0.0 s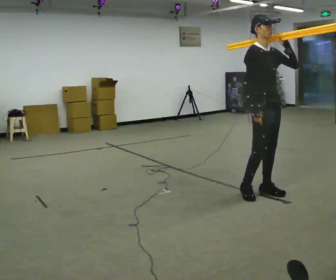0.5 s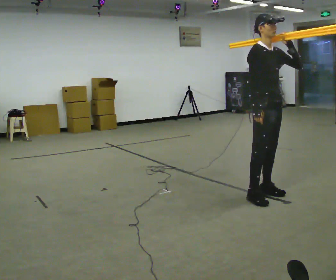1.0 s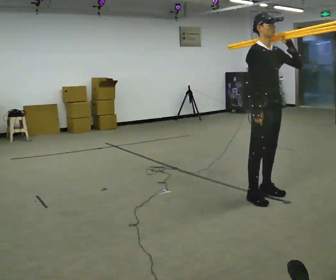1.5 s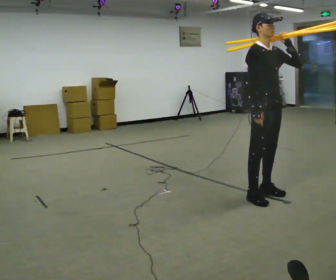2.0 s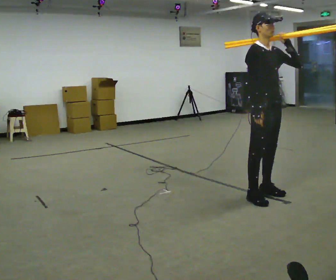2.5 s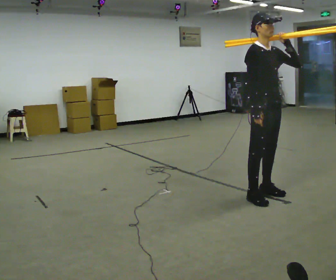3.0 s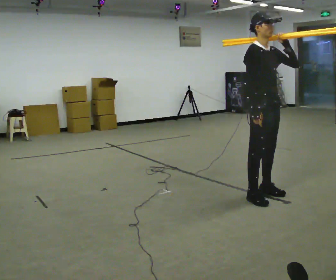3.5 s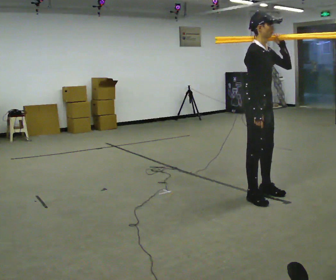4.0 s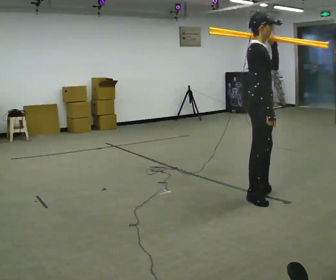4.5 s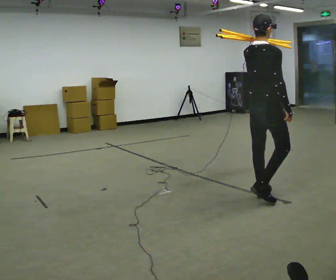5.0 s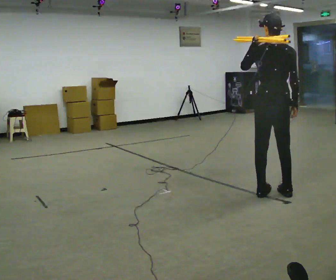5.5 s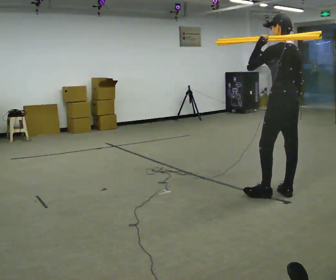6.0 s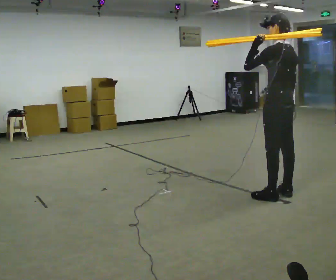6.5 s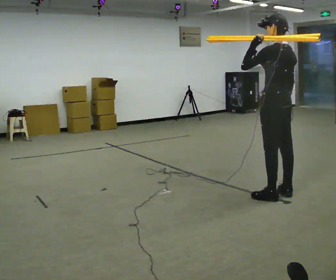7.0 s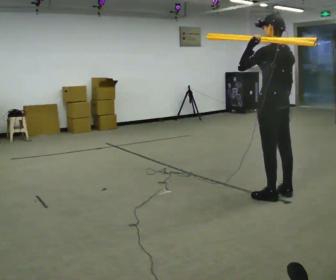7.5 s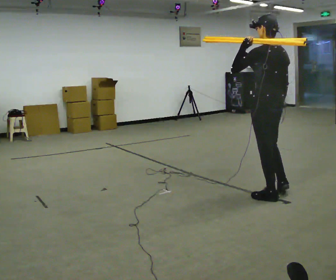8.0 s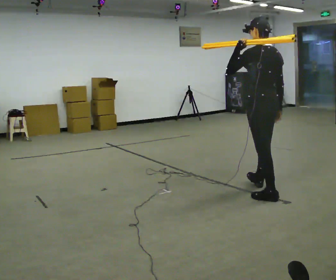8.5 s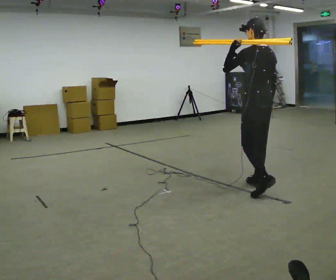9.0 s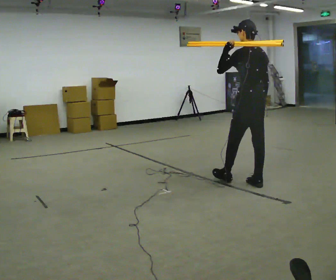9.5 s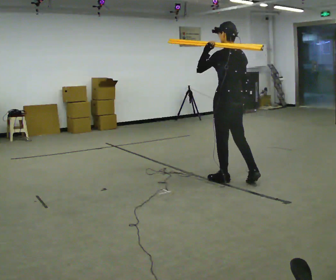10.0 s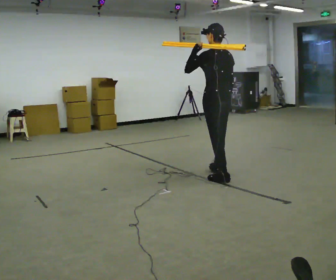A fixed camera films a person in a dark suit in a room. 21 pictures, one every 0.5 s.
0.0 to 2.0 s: The person moves a little, or ends about where they began.
2.0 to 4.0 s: The person turns about 45 degrees to their left, counterclockwise seen from above, so the part of the body nearest the lens slides to the right.
4.0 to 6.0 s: The person turns about 135 degrees to their left, counterclockwise seen from above, so the part of the body nearest the lens slides to the right. In the picture they go to the right and away from the camera, about 0.25 m in 1 step.
6.0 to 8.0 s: In the picture they go to the left, about 0.25 m in 1 step, which for them is to their left.
8.0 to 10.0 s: In the picture they go to the left and away from the camera, about 0.5 m in 1 step, which for them is forward.
The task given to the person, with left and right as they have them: Rest the long object on the shoulder the operator calls and carry it across the room, back and forth.
The film runs forward here.
